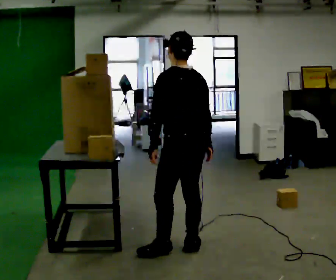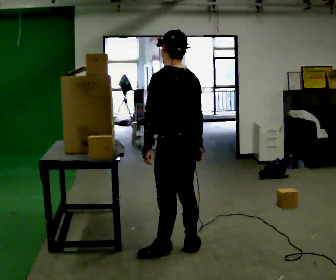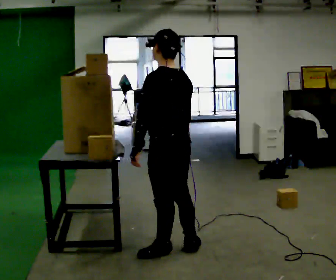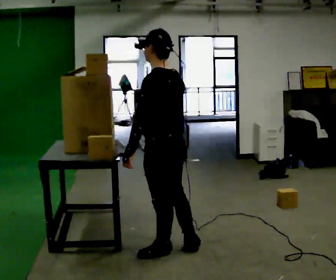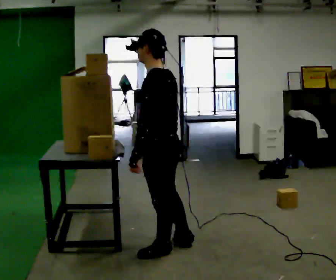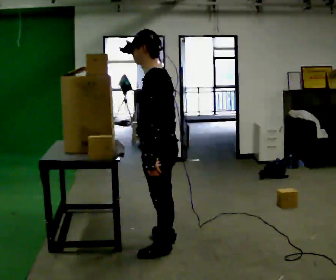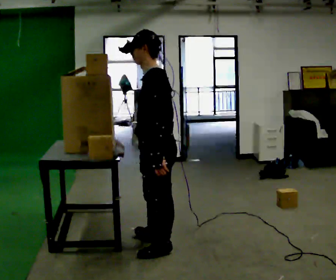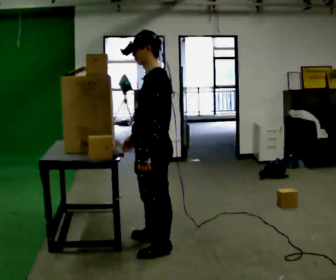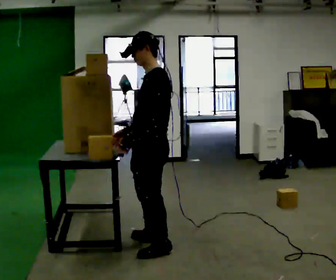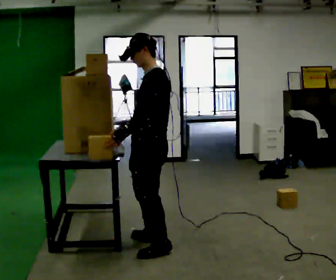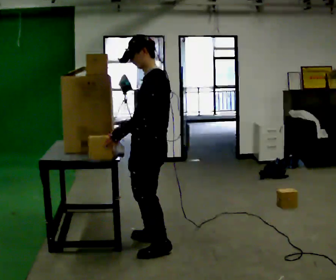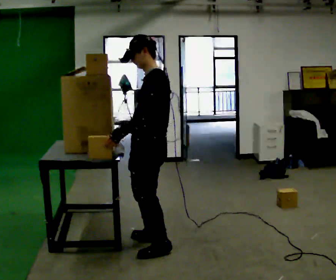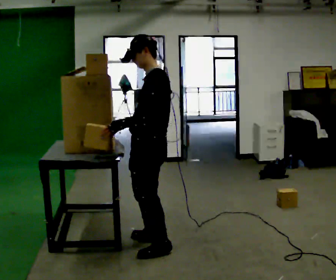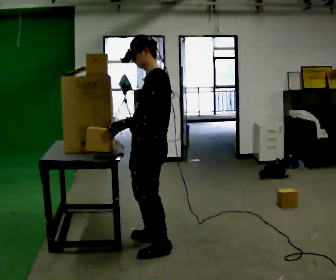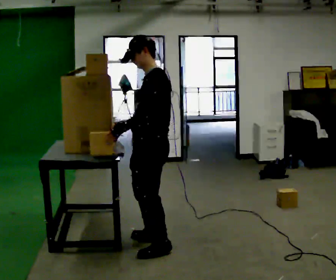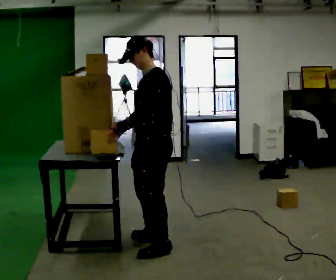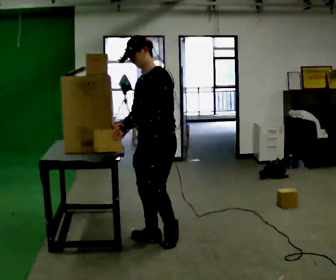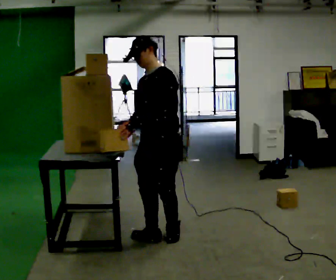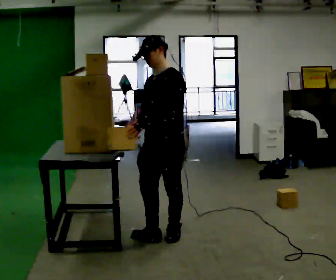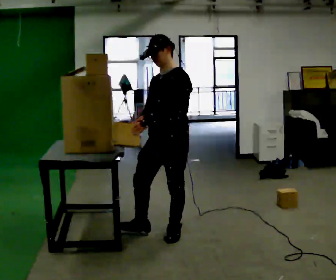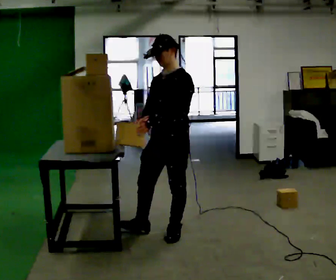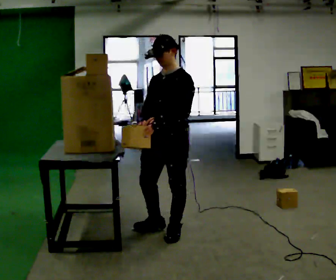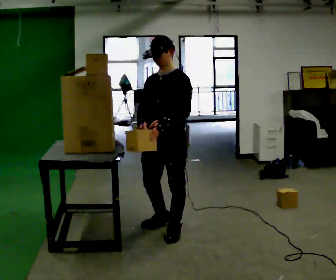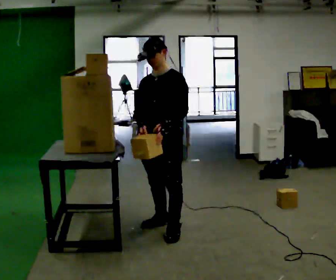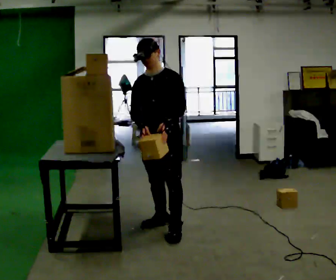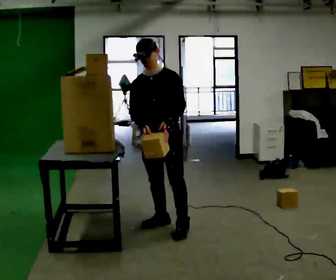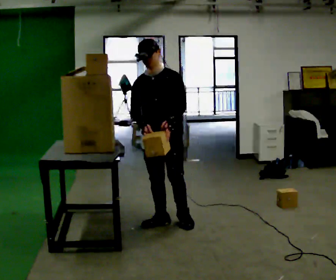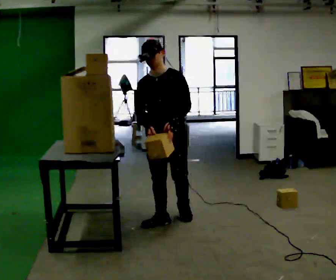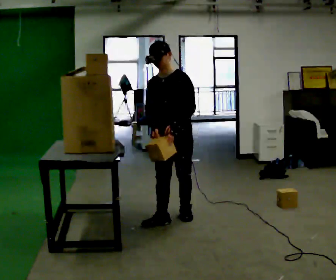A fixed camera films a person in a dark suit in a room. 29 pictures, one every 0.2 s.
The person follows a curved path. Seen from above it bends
clockwise.
0.0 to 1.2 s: The person turns about 45 degrees to their left, counterclockwise seen from above, so the part of the body nearest the lens slides to the right. In the picture they go to the left, about 0.25 m in 1 step, which for them is to their left and forward.
1.2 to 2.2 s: The person moves a little, or ends about where they began.
2.2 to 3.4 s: The person turns about 30 degrees to their left, counterclockwise seen from above, so the part of the body nearest the lens slides to the right. In the picture they go away from the camera, about 0.25 m in 1 step, which for them is to their right and backward.
3.4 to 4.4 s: In the picture they go away from the camera, about 0.25 m in 2 steps, which for them is backward.
4.4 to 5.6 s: In the picture they go away from the camera, about 0.5 m in 1 step, which for them is backward.
The film runs backward here.
